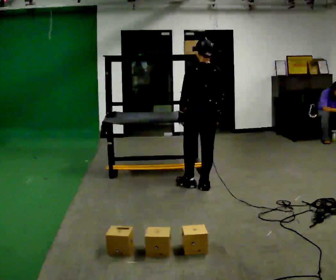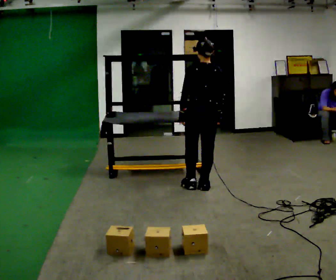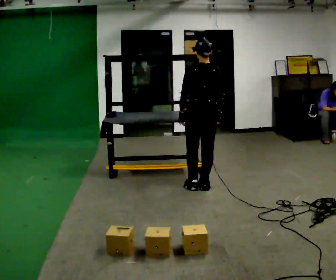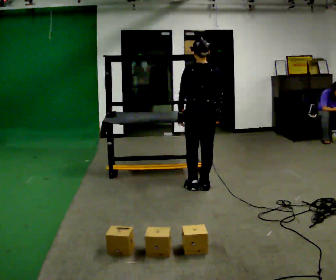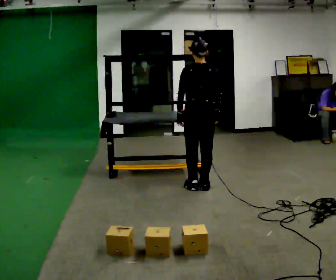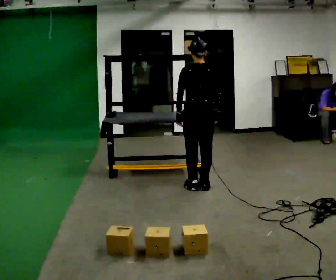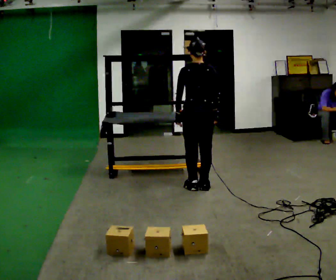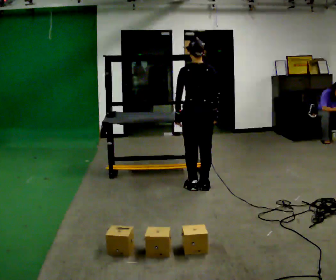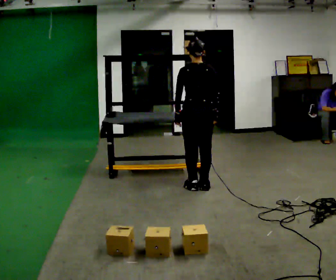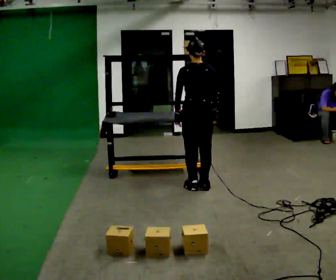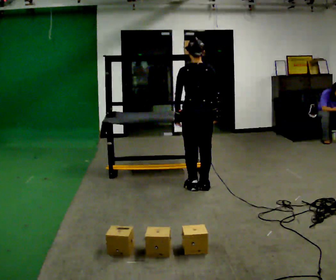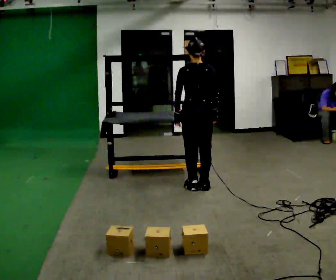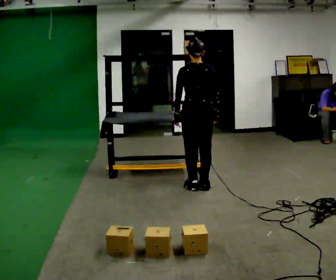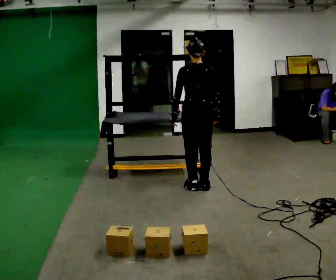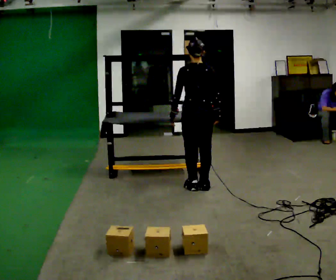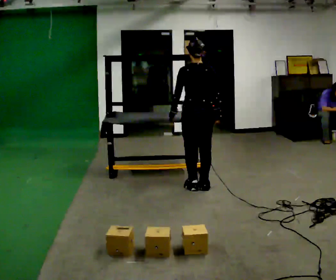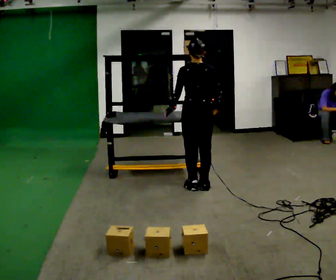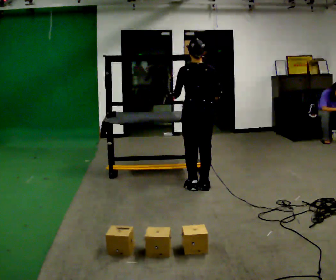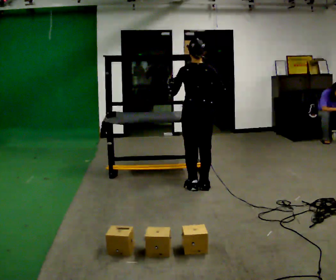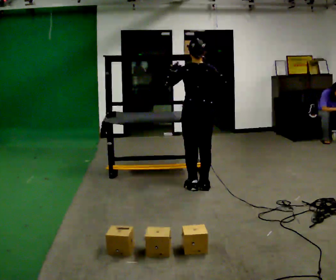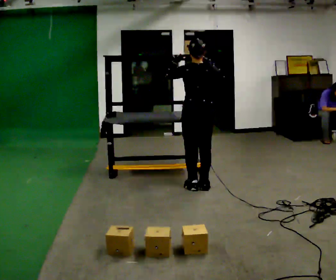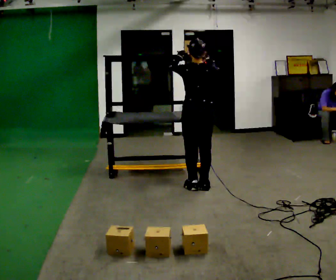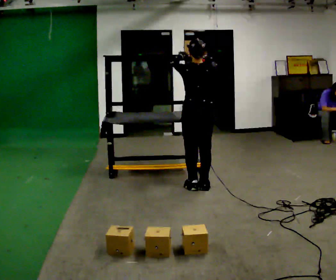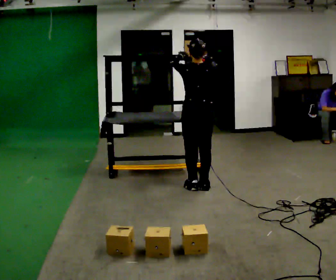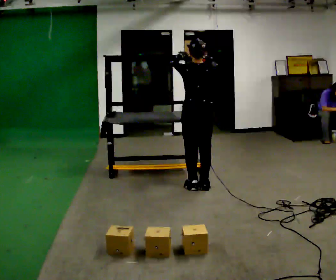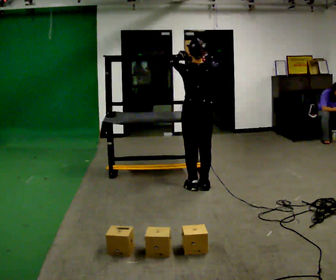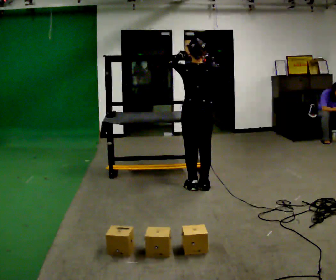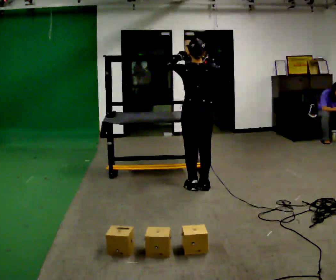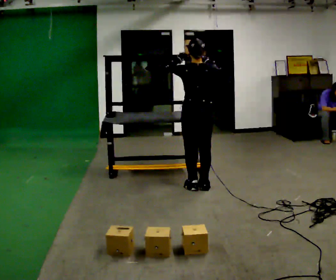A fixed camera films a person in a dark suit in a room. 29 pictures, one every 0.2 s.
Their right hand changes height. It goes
upward.
Their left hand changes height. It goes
upward.
0.0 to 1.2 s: The person moves a little, or ends about where they began.
1.2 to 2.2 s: The person keeps their place and pose.
2.2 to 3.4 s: The person moves a little, or ends about where they began.
3.4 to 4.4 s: In the picture their left hand goes upward.
4.4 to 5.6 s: The person moves a little, or ends about where they began.
The film runs backward here.
